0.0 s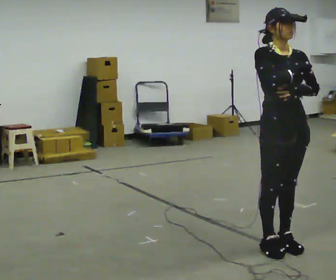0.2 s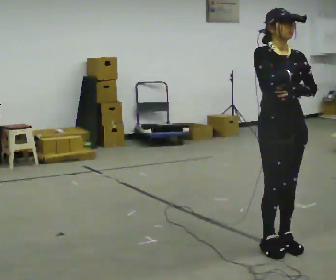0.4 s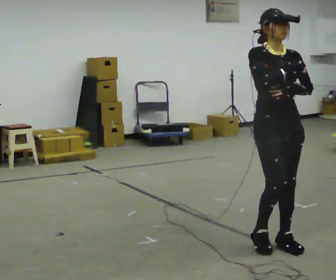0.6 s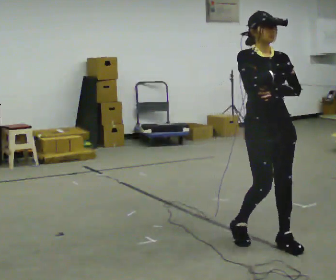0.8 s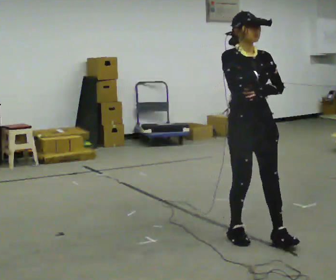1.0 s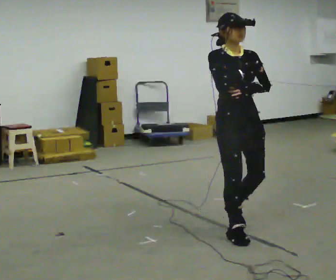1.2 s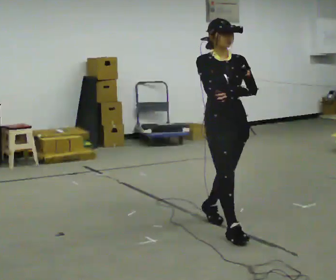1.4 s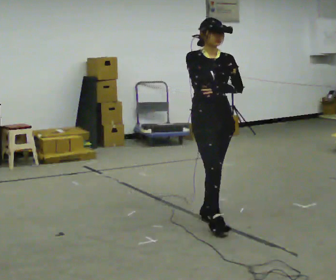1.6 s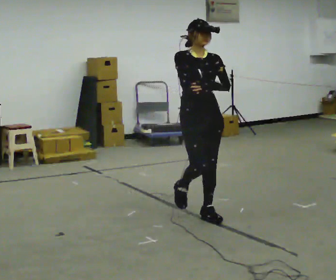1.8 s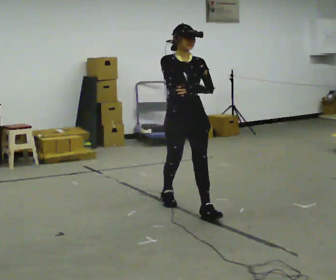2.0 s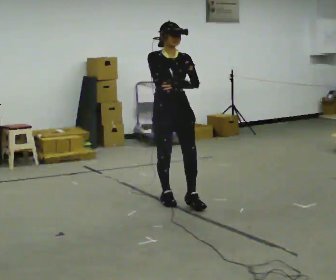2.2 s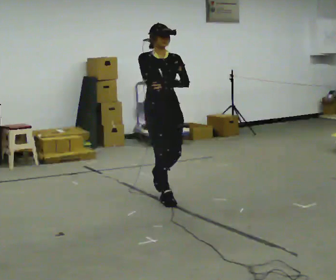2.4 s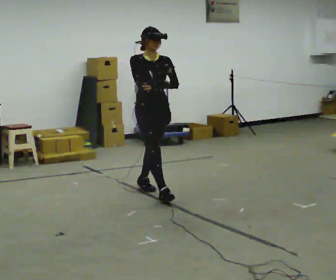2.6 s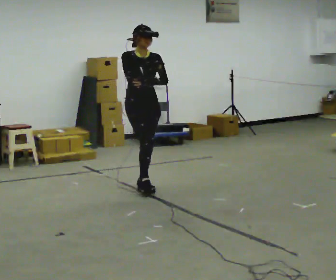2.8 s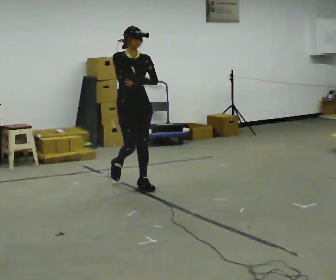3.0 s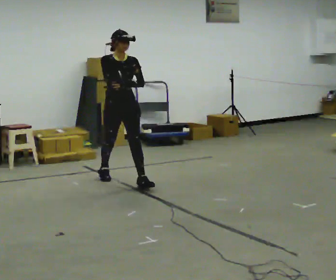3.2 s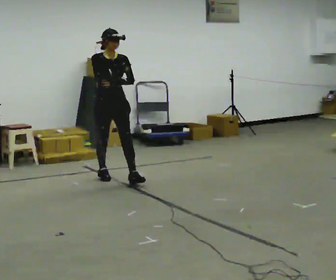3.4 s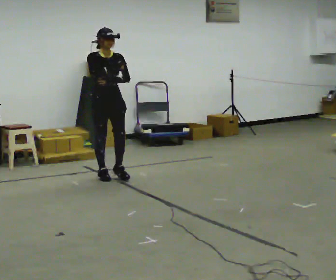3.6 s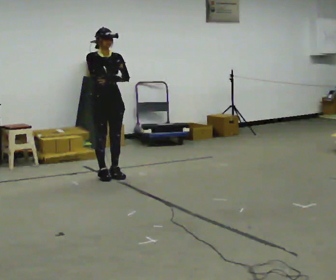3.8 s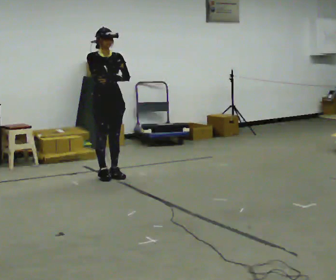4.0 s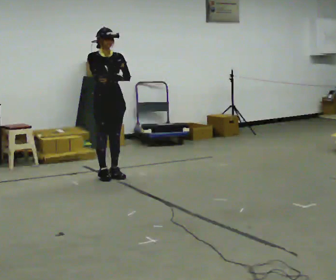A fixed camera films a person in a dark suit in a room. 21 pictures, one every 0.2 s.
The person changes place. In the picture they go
away from the camera.
0.0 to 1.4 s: In the picture they go away from the camera and to the left, about 1 m in 3 steps, which for them is backward.
1.4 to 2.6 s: In the picture they go away from the camera and to the left, about 1 m in 2 steps, which for them is backward.
2.6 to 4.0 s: In the picture they go away from the camera and to the left, about 0.75 m in 1 step, which for them is backward.
The film runs backward here.
